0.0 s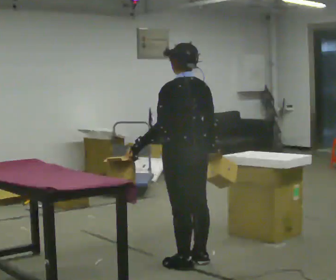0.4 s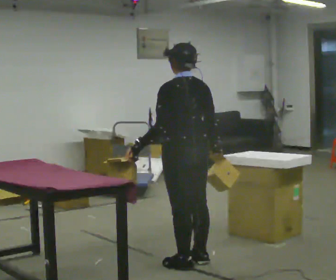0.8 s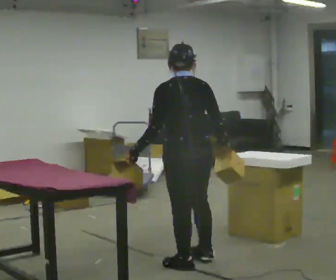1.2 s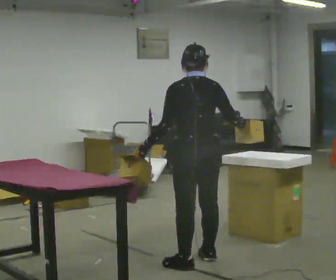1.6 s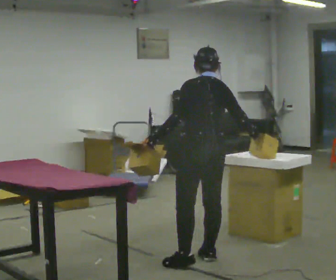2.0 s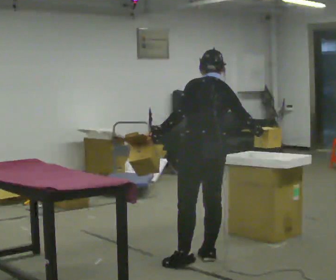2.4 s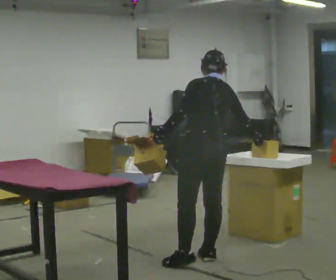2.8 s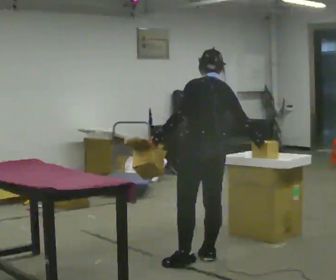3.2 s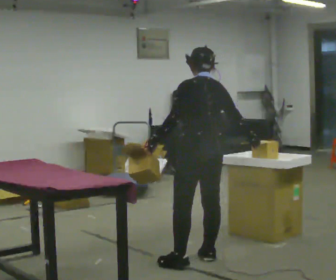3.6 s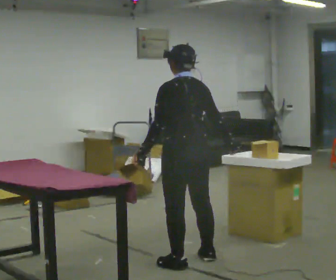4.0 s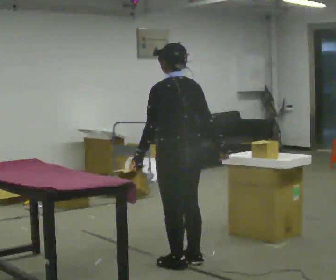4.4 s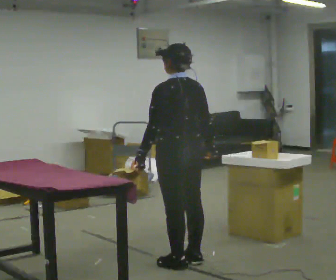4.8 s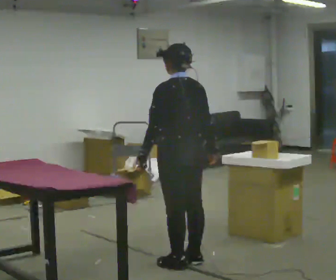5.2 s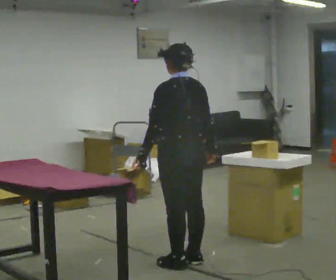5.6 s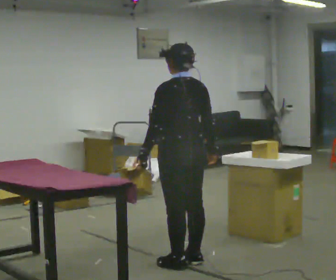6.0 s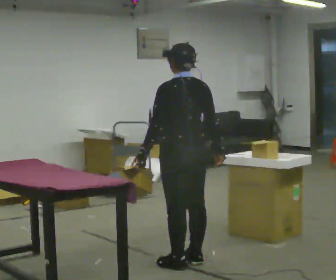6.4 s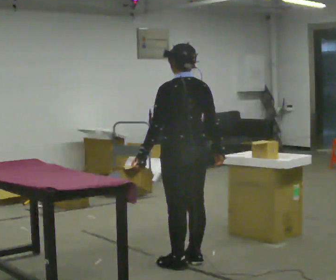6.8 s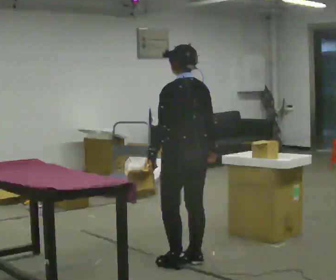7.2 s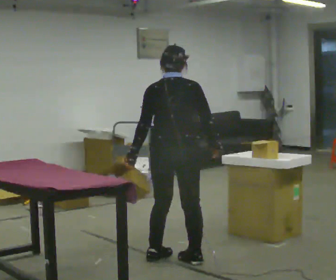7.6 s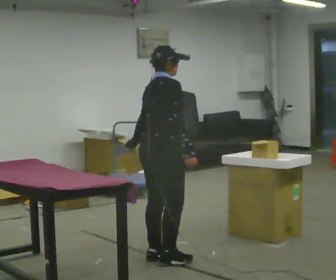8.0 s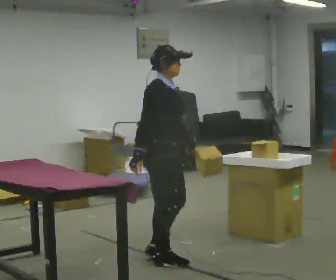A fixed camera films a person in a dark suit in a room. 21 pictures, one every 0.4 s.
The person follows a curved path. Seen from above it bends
counterclockwise.
0.0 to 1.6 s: In the picture their right hand goes to the right.
1.6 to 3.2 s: The person moves a little, or ends about where they began.
3.2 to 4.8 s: In the picture their right hand goes to the left.
4.8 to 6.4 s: The person moves a little, or ends about where they began.
6.4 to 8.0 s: The part of the body nearest the lens slides to the left as the person turns to their right by about 150 degrees. In the picture they go to the left, about 0.25 m in 2 steps. In the picture their left hand goes to the right, the arm swinging counterclockwise.
The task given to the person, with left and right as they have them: Carry two objects across the room, then put just one of them on the shelf while still holding the other. Then bring them both back. Keep going until the operator says stop; one object at a time, and do not rush between trips.
The film runs forward here.
